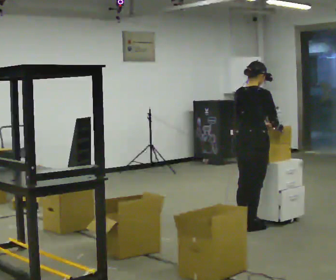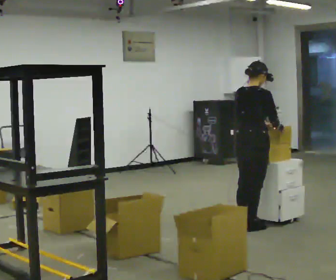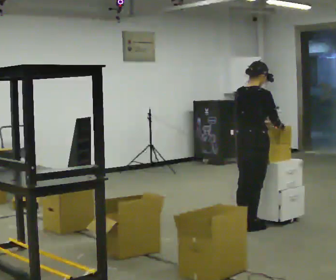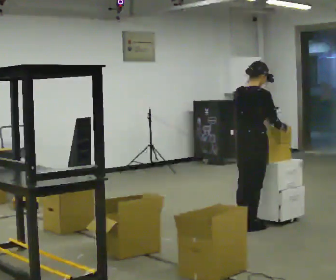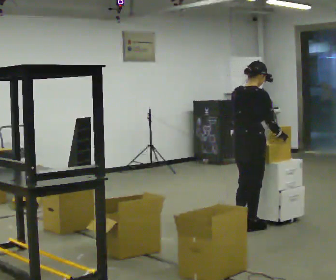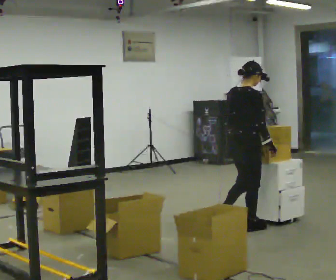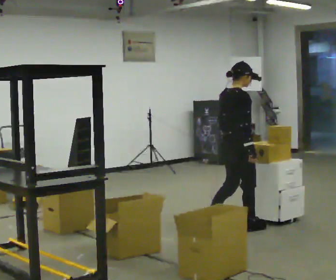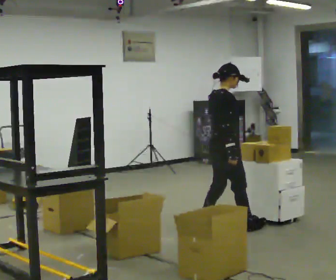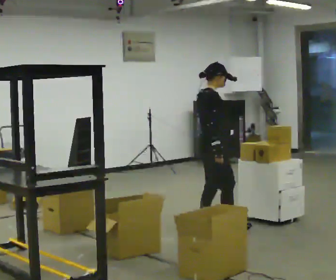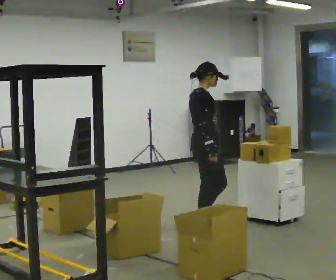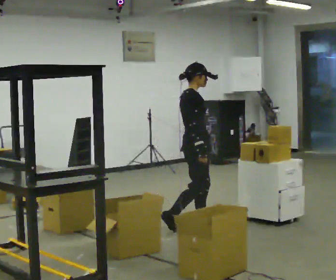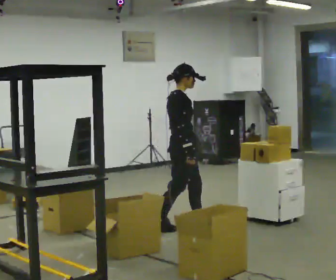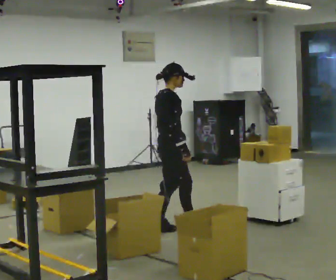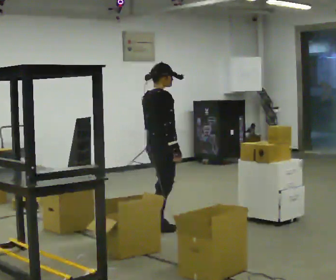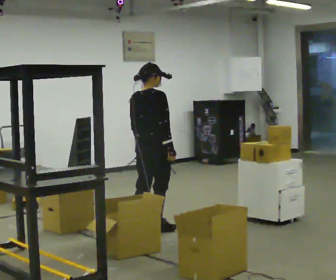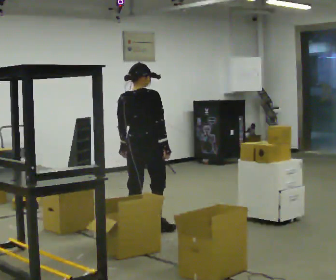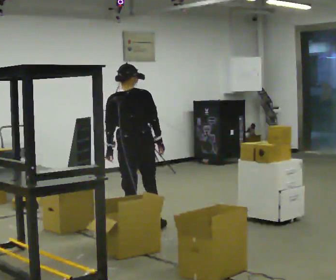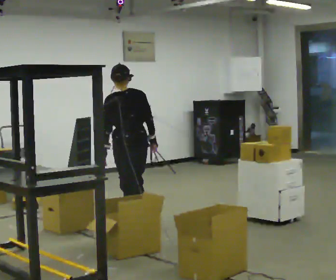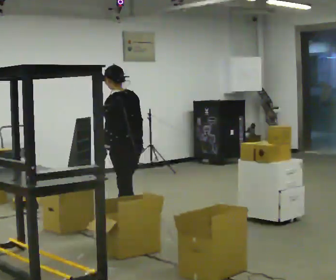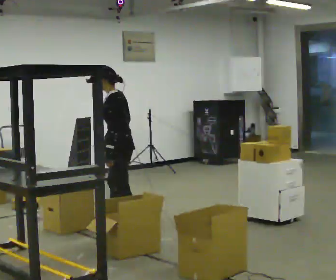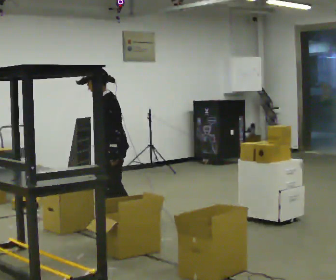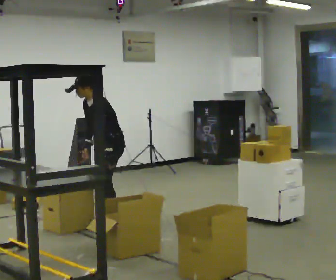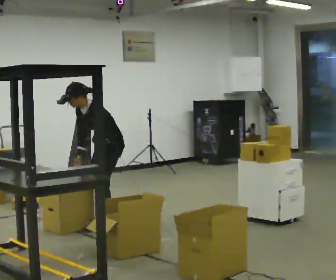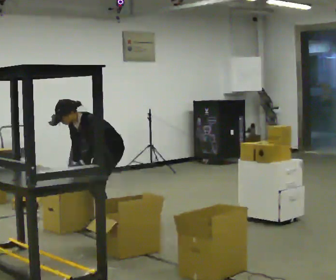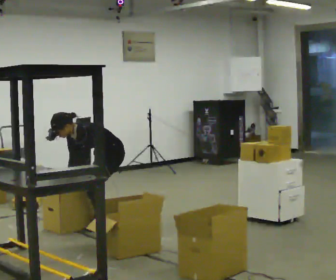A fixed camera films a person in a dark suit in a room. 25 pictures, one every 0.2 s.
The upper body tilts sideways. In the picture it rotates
counterclockwise.
The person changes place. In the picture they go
to the left.
0.0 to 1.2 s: In the picture they go to the left, about 0.25 m in 1 step, which for them is backward.
1.2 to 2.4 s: In the picture they go to the left, about 0.5 m in 2 steps, which for them is backward.
2.4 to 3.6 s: Seen from above the body turns counterclockwise, about 135 degrees: to their left, with its near side sliding to the right. In the picture they go to the left, about 0.25 m in 1 step. In the picture the upper body tilts counterclockwise, shoulders to the left.
3.6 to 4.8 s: Seen from above the body turns counterclockwise, about 60 degrees: to their left, with its near side sliding to the right. In the picture they go to the left and away from the camera, about 0.25 m in 1 step. The upper body goes downward. In the picture the upper body tilts counterclockwise, shoulders to the left, as they bend forward. In the picture their right hand goes to the left and downward.
The film runs backward here.
